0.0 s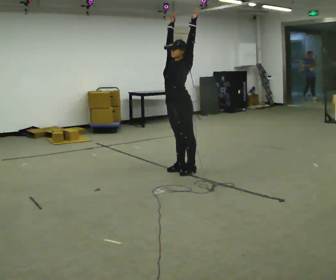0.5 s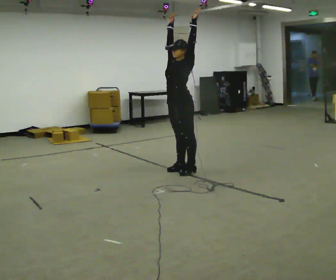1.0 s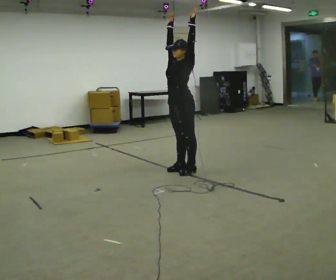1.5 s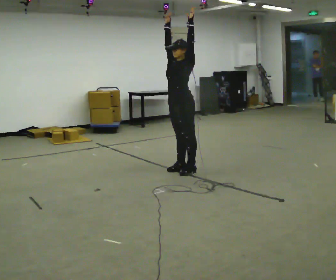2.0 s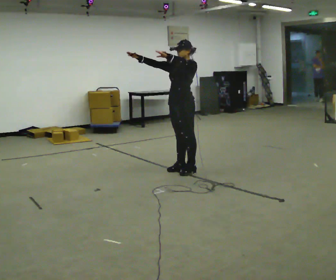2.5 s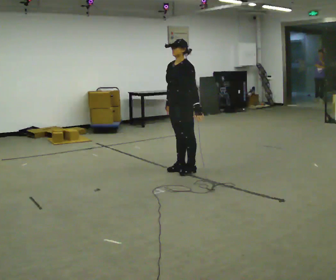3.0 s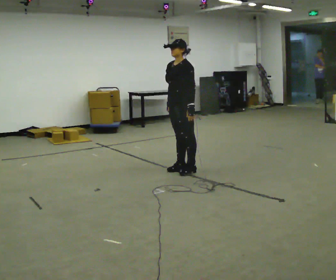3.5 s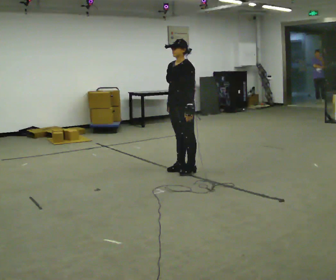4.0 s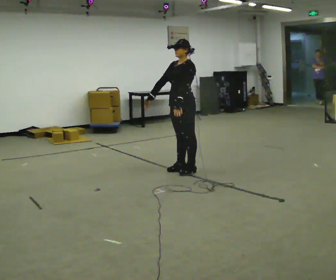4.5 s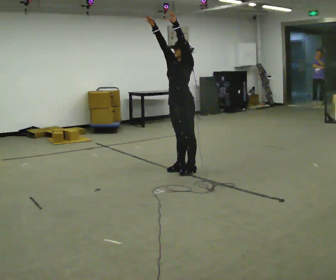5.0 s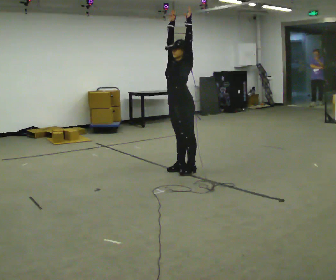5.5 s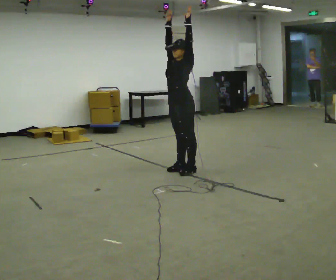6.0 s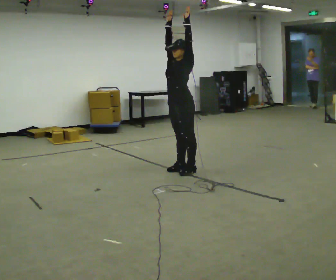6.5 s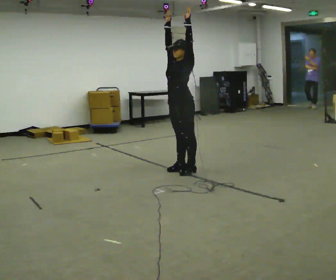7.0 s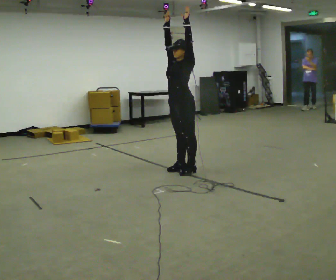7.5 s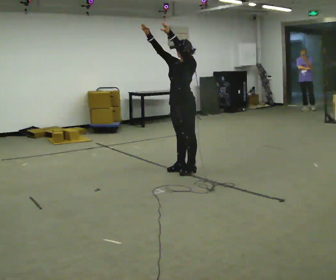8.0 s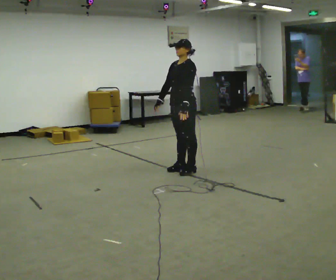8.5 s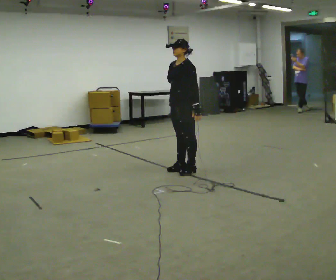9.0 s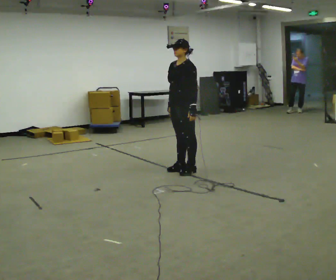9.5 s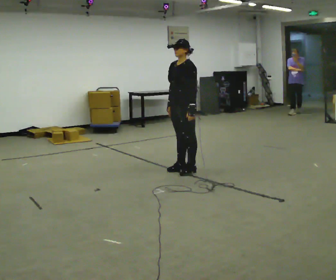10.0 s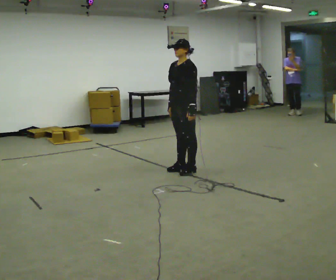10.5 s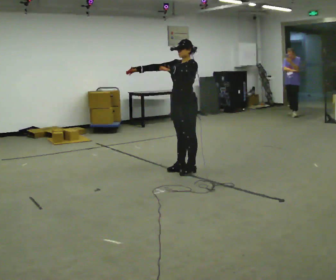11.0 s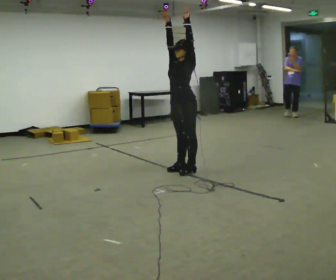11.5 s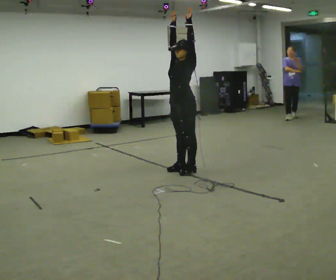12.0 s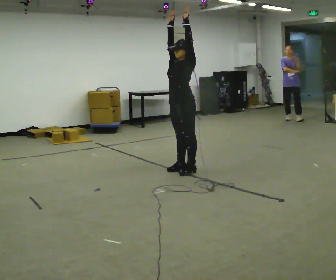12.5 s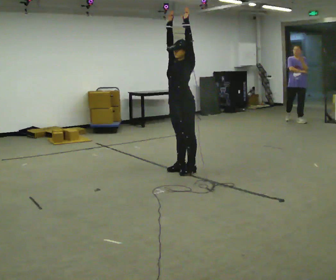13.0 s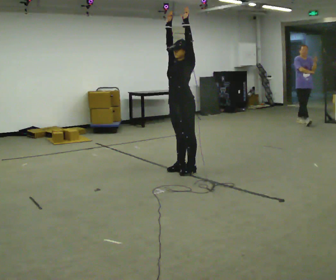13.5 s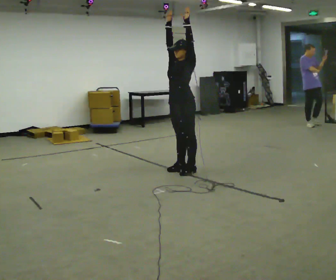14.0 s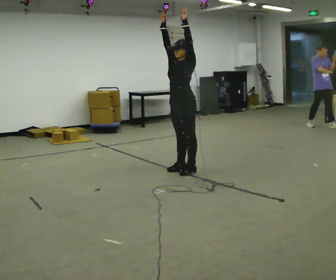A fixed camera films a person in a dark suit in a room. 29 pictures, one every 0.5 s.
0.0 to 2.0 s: In the picture their left hand goes downward.
2.0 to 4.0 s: In the picture their left hand goes downward.
4.0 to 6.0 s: In the picture their left hand goes upward.
6.0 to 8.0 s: In the picture their left hand goes downward.
8.0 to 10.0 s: The person moves a little, or ends about where they began.
10.0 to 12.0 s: In the picture their left hand goes upward.
12.0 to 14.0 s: The person moves a little, or ends about where they began.
The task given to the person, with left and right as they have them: Keeping your feet still, reach both arms up overhead as high as is comfortable, then lower them. Repeat the movement at your own pace until the operator says stop; do not rush.
The film runs forward here.
